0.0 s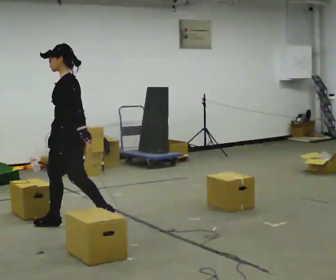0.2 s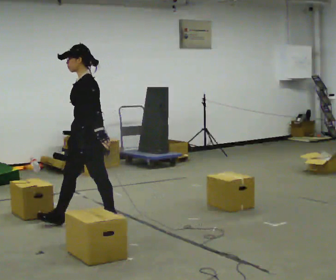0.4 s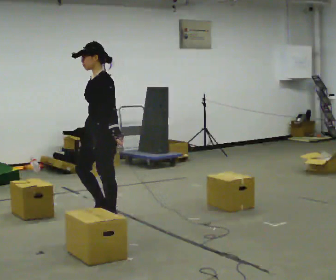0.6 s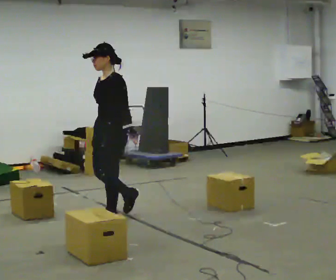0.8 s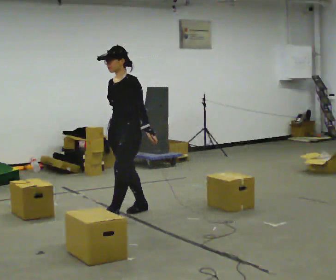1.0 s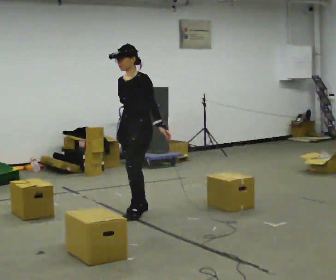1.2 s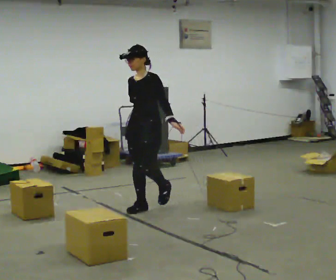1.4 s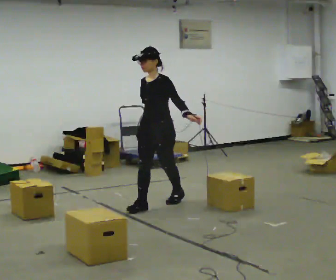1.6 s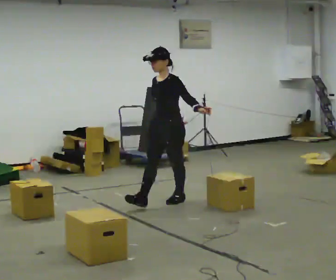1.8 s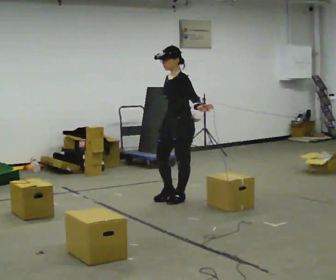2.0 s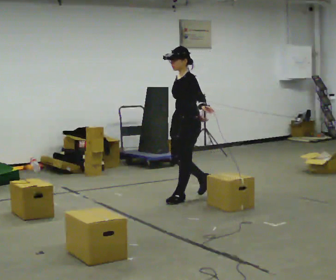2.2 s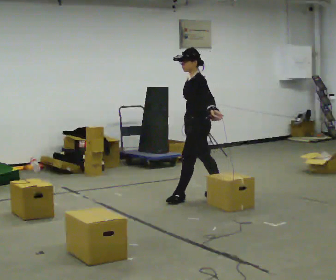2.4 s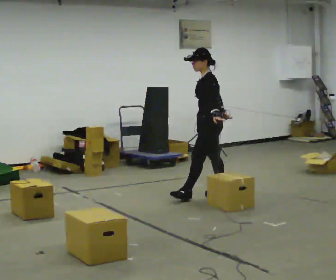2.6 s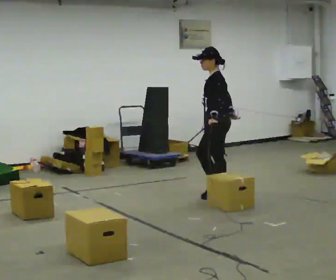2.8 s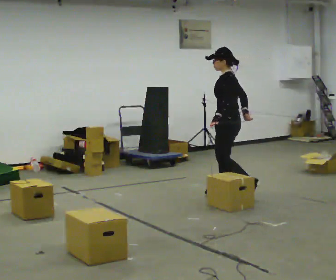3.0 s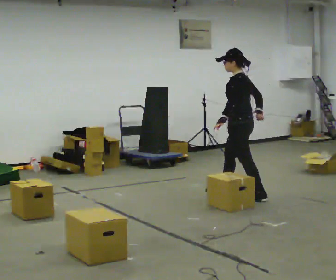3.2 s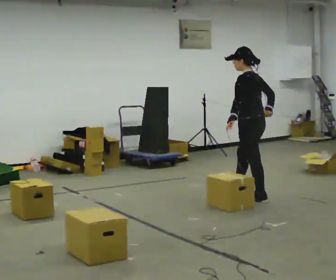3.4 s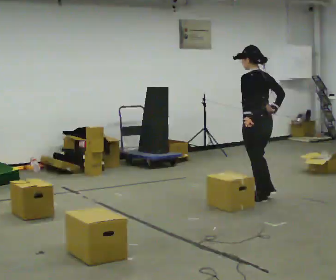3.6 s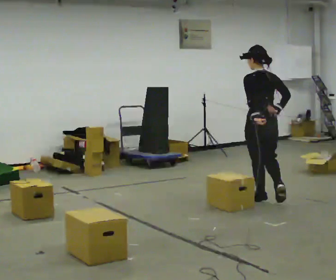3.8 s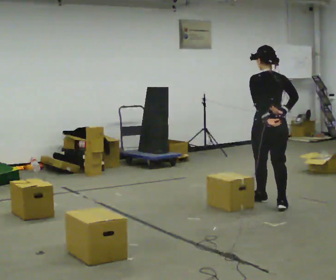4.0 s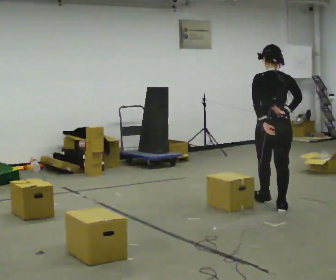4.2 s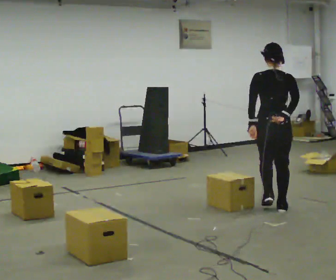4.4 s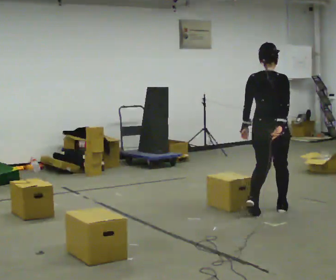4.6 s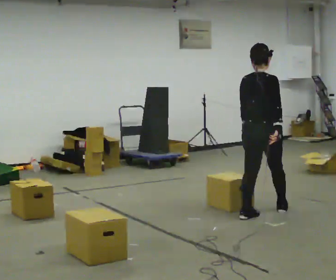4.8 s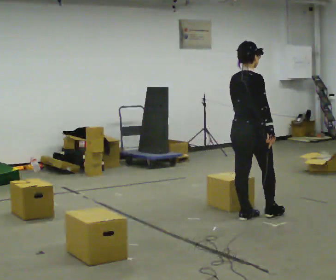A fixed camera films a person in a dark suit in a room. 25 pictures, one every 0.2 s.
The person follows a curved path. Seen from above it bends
clockwise.
0.0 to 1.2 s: The person turns about 30 degrees to their left, counterclockwise seen from above, so the part of the body nearest the lens slides to the right. In the picture they go away from the camera and to the right, about 1 m in 2 steps, which for them is backward.
1.2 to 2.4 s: The part of the body nearest the lens slides to the left as the person turns to their right by about 60 degrees. In the picture they go to the right and away from the camera, about 1 m in 2 steps, which for them is backward.
2.4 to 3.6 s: Seen from above the body turns clockwise, about 75 degrees: to their right, with its near side sliding to the left. In the picture they go to the right and toward the camera, about 0.5 m in 1 step.
3.6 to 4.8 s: Seen from above the body turns clockwise, about 75 degrees: to their right, with its near side sliding to the left. In the picture they go toward the camera, about 0.5 m in 2 steps.
The film runs backward here.
